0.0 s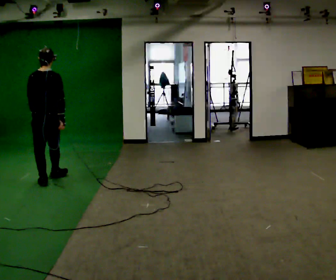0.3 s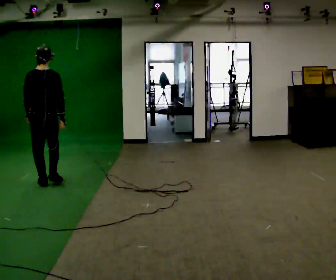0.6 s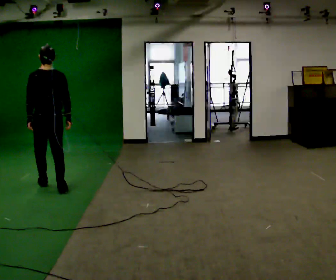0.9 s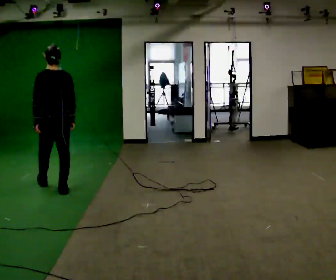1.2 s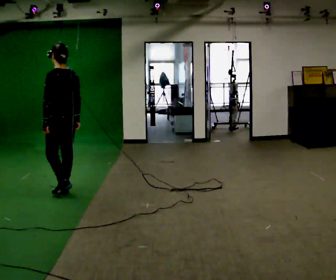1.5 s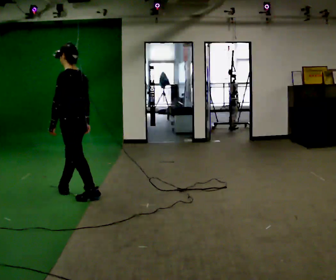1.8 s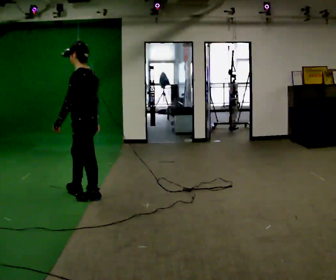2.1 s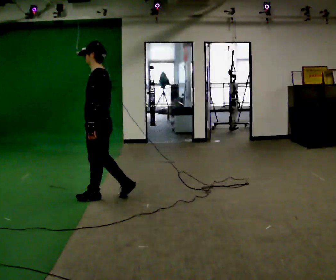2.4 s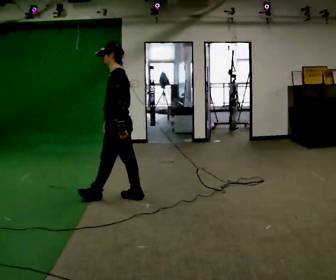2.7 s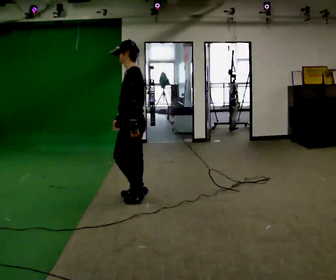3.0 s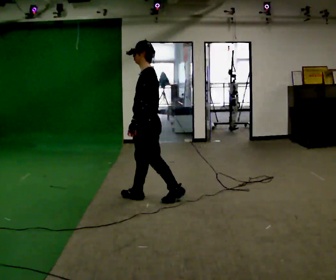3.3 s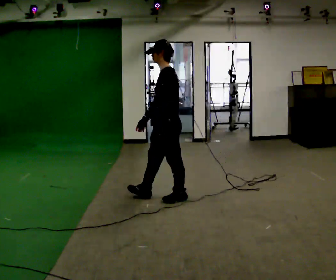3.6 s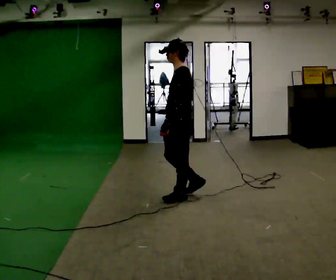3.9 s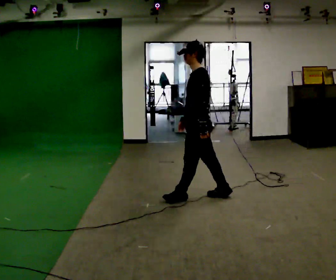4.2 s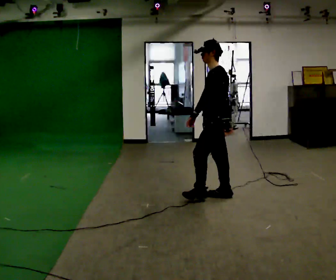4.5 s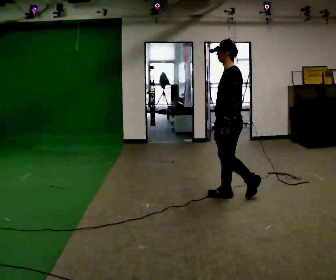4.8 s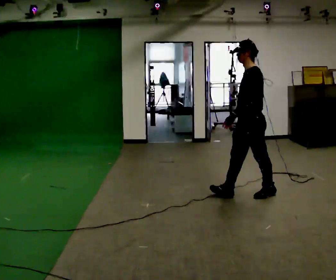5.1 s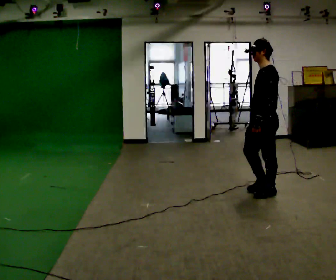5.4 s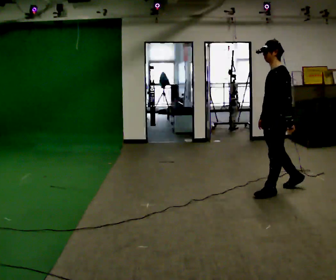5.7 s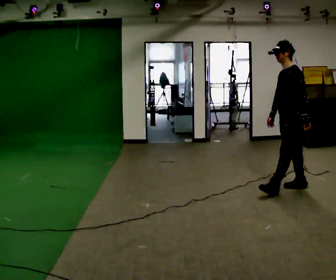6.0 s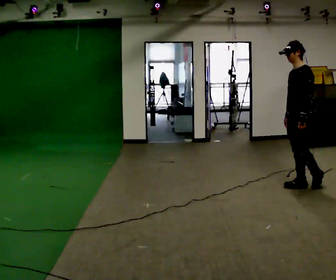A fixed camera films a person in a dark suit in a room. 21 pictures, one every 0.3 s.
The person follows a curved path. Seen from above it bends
counterclockwise.
The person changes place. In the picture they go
to the right.
0.0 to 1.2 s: Seen from above the body turns counterclockwise, about 45 degrees: to their left, with its near side sliding to the right. In the picture they go toward the camera and to the right, about 0.5 m in 2 steps, which for them is backward.
1.2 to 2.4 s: Seen from above the body turns counterclockwise, about 30 degrees: to their left, with its near side sliding to the right. In the picture they go to the right, about 0.75 m in 2 steps, which for them is backward.
2.4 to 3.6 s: In the picture they go to the right, about 0.75 m in 1 step, which for them is backward.
3.6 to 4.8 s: In the picture they go to the right, about 0.5 m in 1 step, which for them is backward.
4.8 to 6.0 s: In the picture they go to the right, about 0.75 m in 2 steps, which for them is backward.
The film runs backward here.
